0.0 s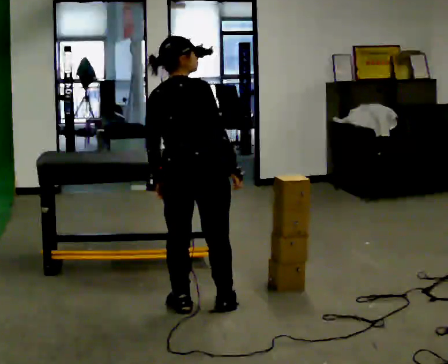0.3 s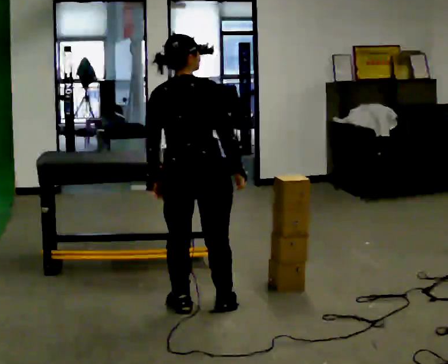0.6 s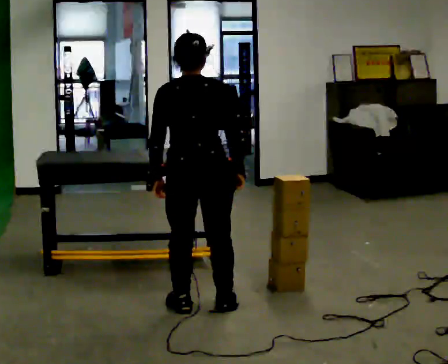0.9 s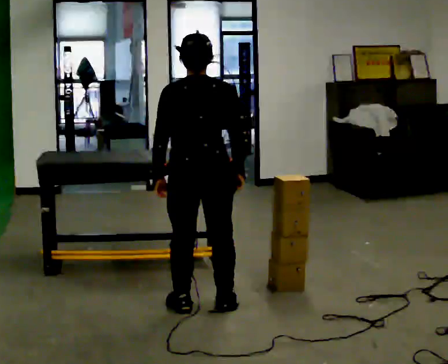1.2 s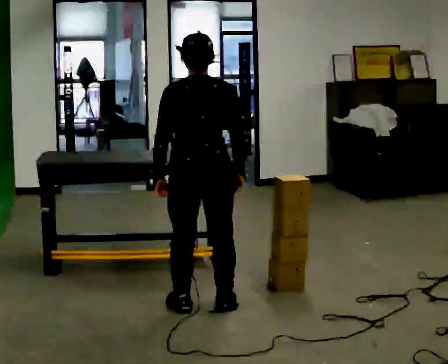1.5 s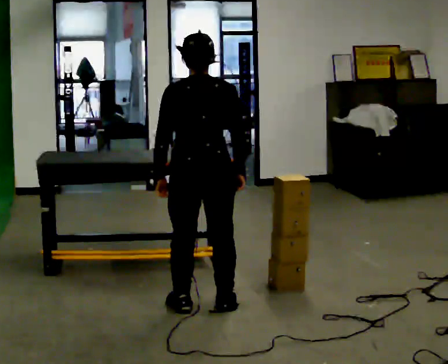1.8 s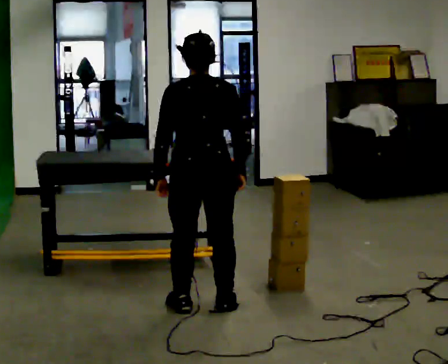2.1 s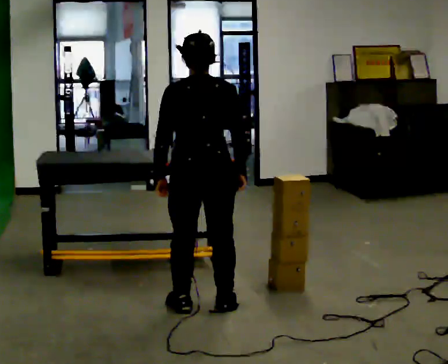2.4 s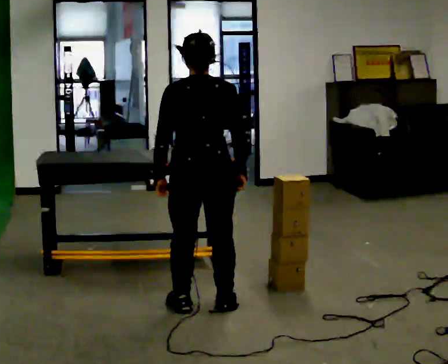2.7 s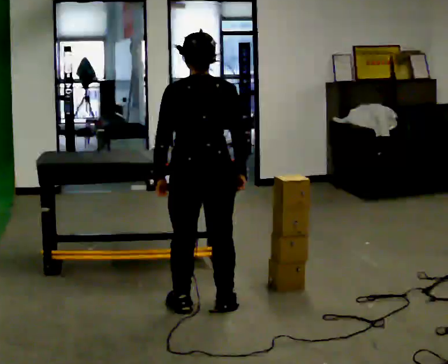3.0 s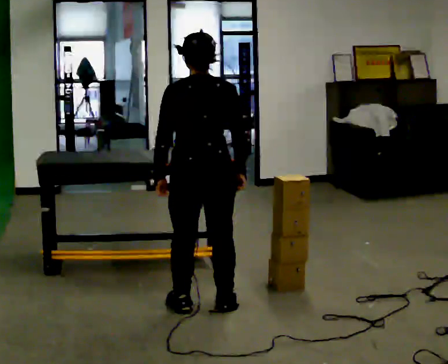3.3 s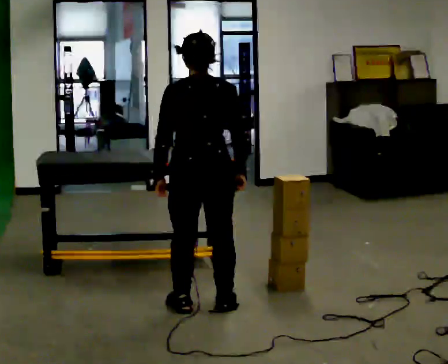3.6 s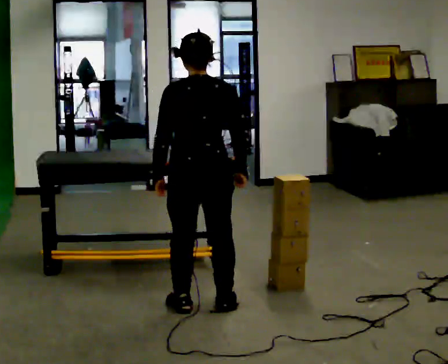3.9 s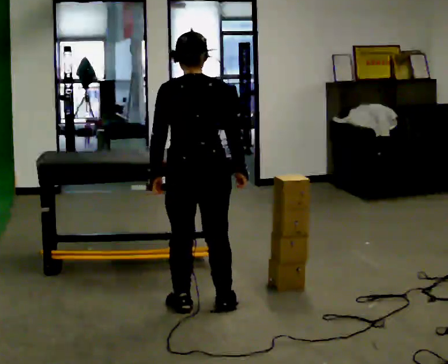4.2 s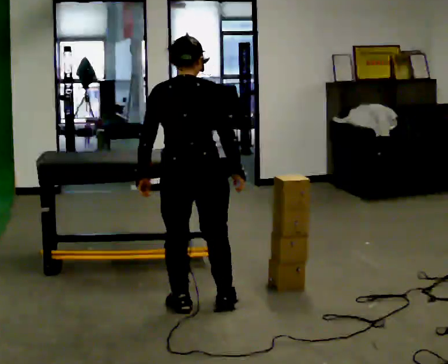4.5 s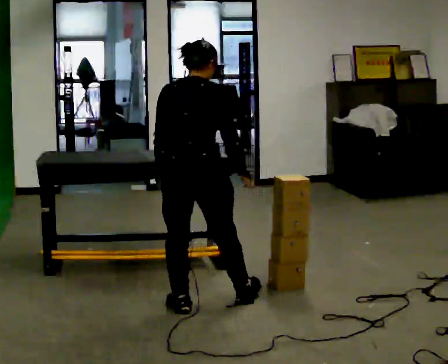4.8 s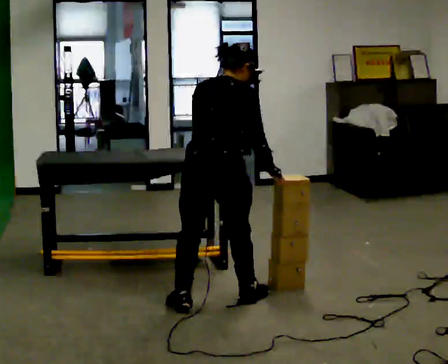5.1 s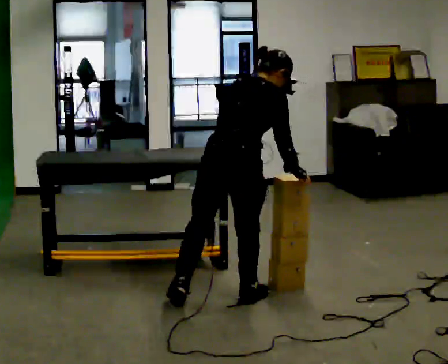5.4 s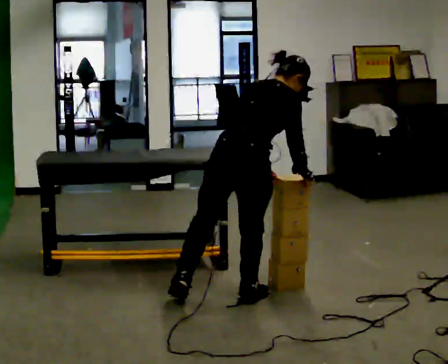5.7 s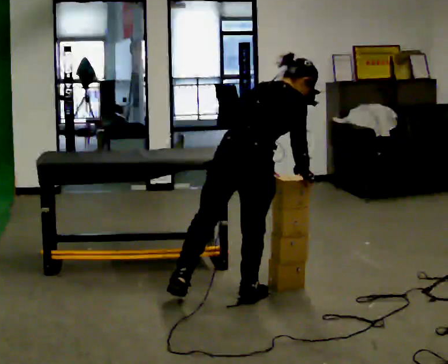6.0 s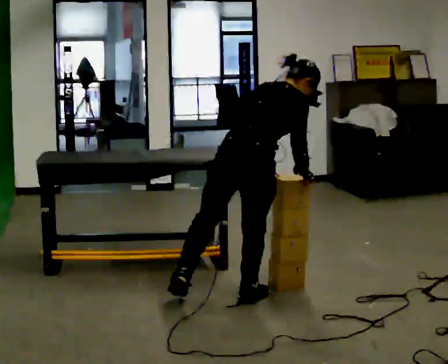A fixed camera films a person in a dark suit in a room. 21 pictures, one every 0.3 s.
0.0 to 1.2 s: The person turns about 30 degrees to their left, counterclockwise seen from above, so the part of the body nearest the lens slides to the right.
1.2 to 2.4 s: The person keeps their place and pose.
2.4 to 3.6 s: The person moves a little, or ends about where they began.
3.6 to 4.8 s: The person turns about 30 degrees to their right, clockwise seen from above, so the part of the body nearest the lens slides to the left.
4.8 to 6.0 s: In the picture they go to the right, about 0.25 m, which for them is to their right and forward. In the picture the upper body tilts clockwise, shoulders to the right, as they bend forward.
The film runs backward here.
